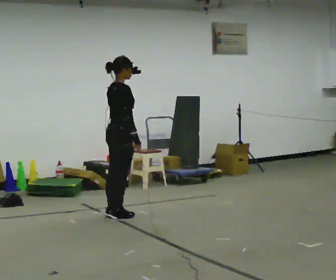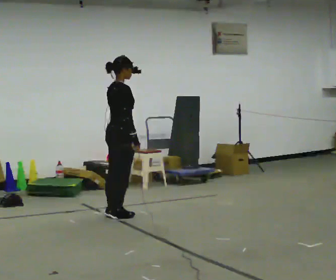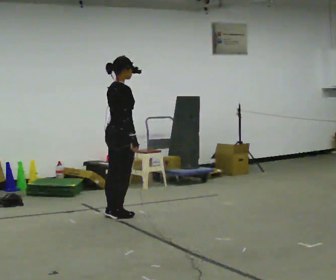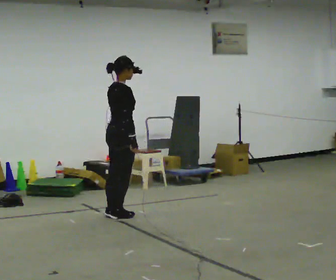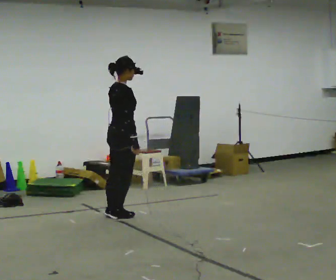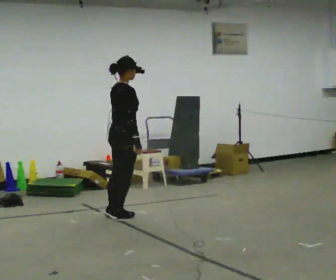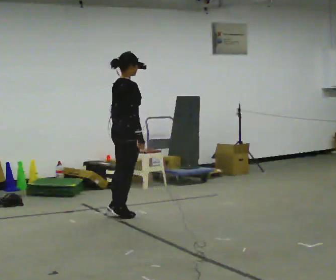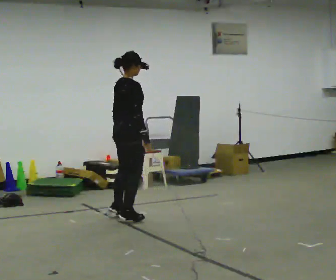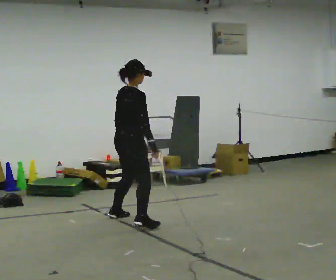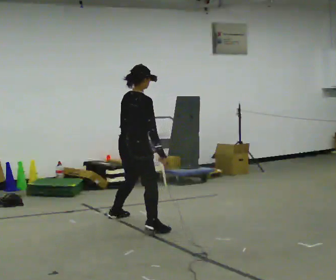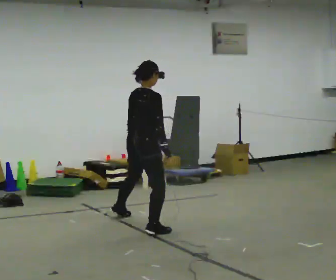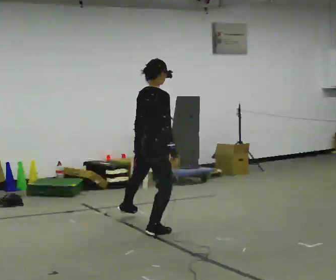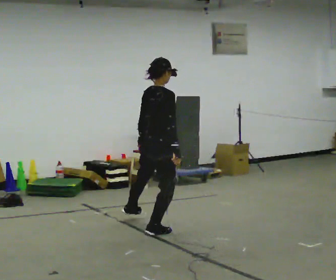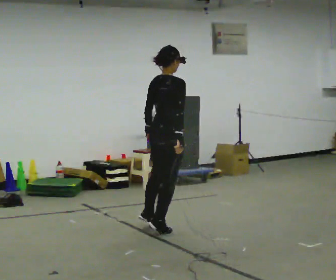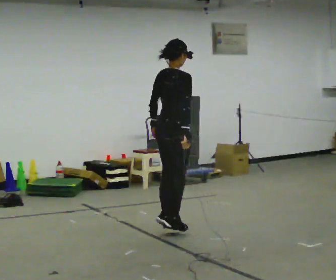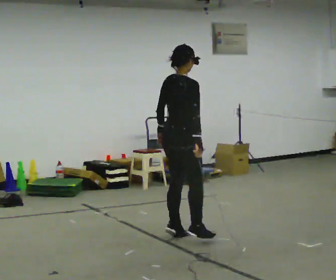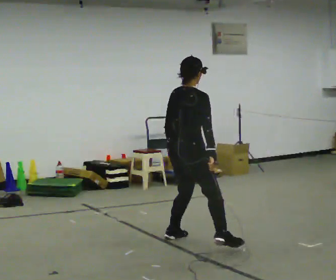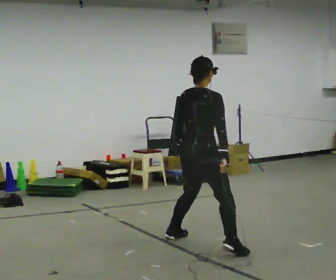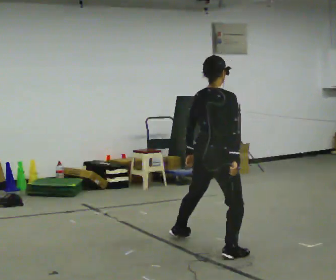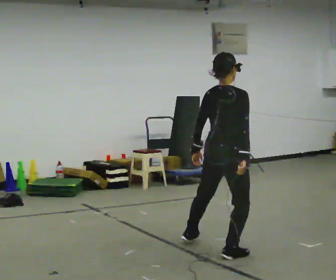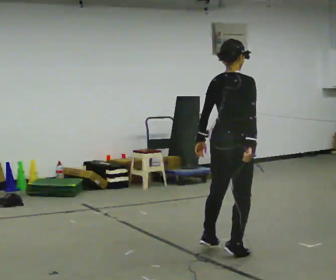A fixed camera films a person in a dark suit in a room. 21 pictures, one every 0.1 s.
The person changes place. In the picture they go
toward the camera.
0.0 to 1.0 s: In the picture they go toward the camera and to the right, about 0.5 m in 2 steps, which for them is to their right.
1.0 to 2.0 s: In the picture they go toward the camera and to the right, about 1.5 m in 3 steps, which for them is to their right.
The film runs backward here.
